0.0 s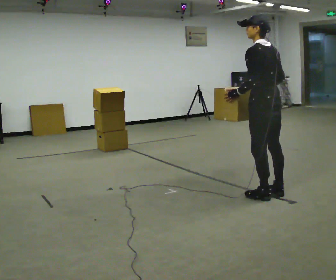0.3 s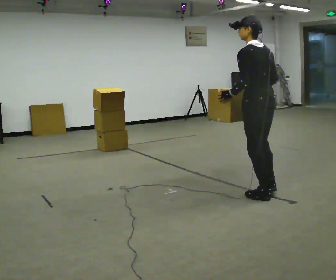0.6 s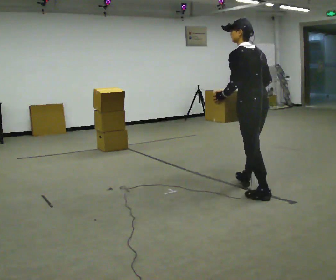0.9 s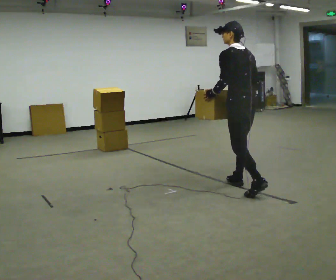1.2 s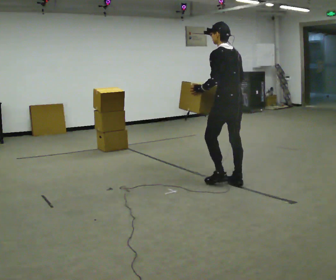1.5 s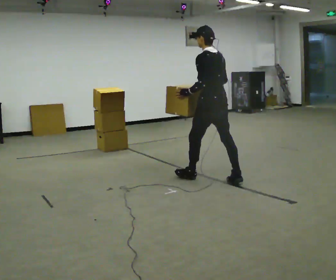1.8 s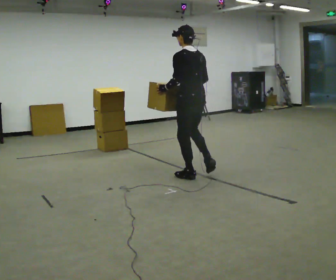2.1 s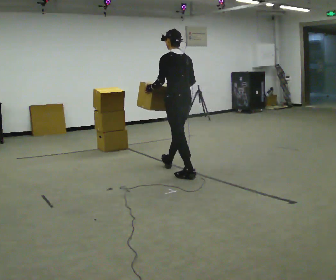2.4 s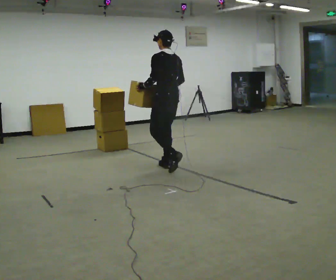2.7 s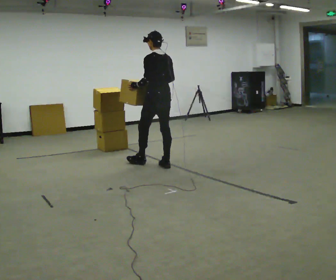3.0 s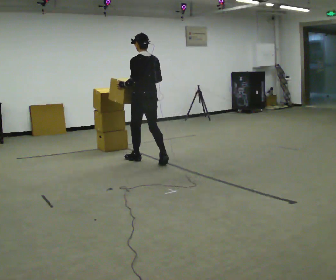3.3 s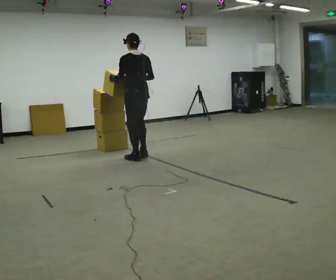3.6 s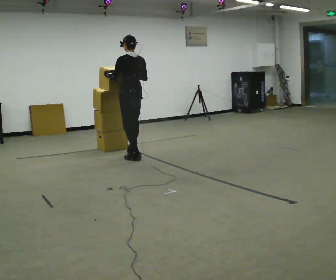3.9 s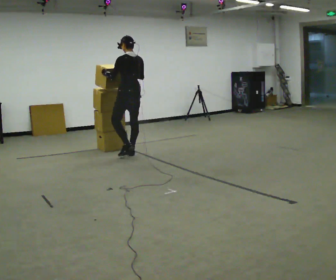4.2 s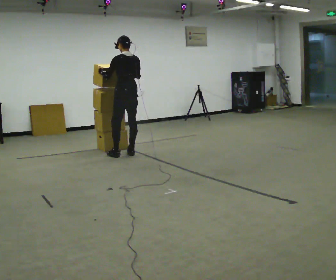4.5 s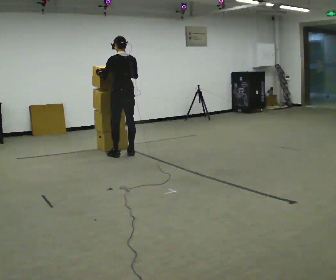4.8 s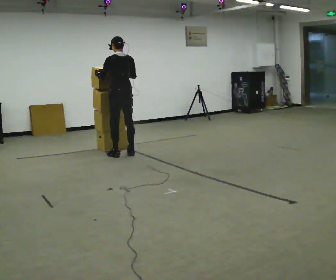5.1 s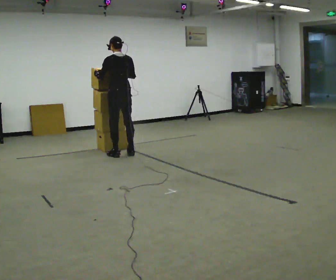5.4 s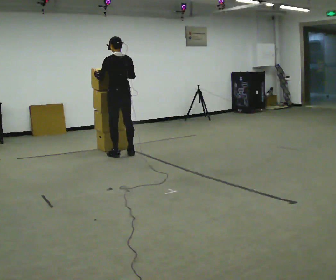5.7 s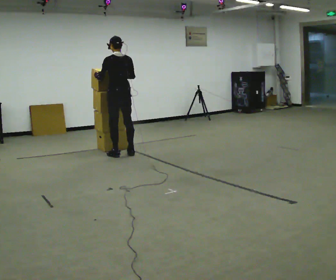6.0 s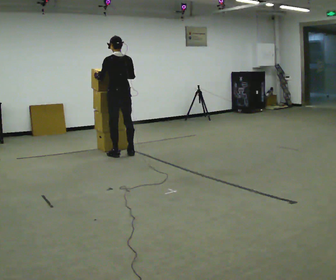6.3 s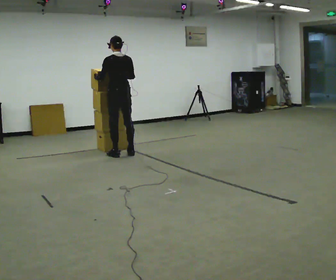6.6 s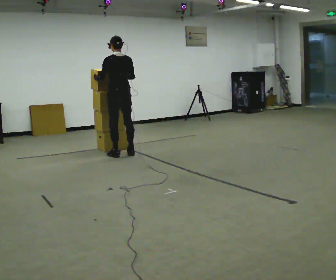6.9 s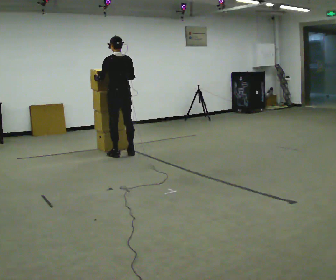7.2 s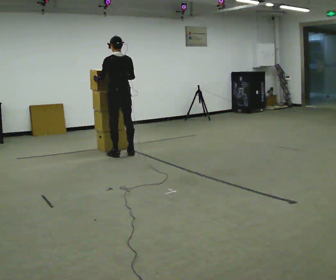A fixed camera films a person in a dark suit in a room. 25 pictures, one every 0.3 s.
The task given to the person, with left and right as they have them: Carry the stack of boxes across the room without letting it fall over, then bring it back. Keep going until the operator says stop; one object at a time, and do not rush between trips.
0.0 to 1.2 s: In the picture they go away from the camera, about 0.5 m in 1 step, which for them is forward.
1.2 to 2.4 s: In the picture they go away from the camera and to the left, about 1 m in 2 steps, which for them is forward.
2.4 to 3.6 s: In the picture they go away from the camera and to the left, about 1 m in 2 steps, which for them is forward.
3.6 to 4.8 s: In the picture they go away from the camera, about 0.25 m in 1 step, which for them is forward.
4.8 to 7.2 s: The person moves a little, or ends about where they began.
The film runs forward here.
